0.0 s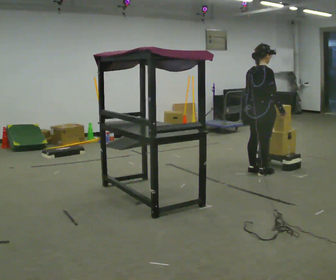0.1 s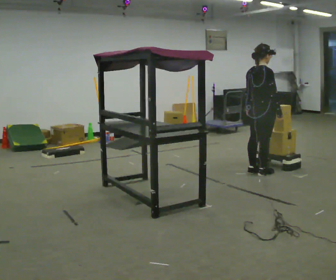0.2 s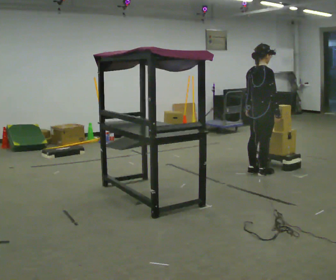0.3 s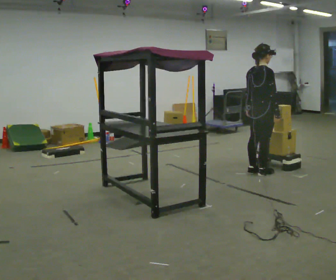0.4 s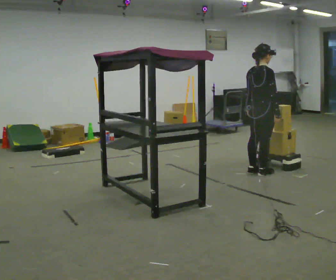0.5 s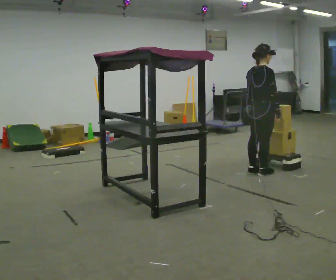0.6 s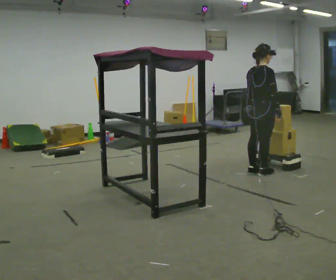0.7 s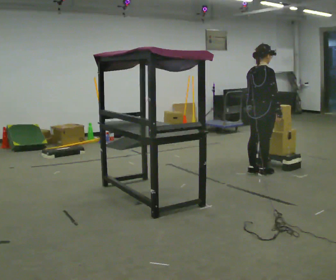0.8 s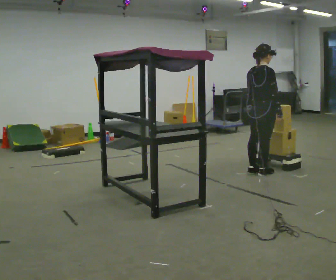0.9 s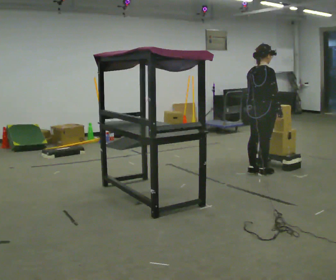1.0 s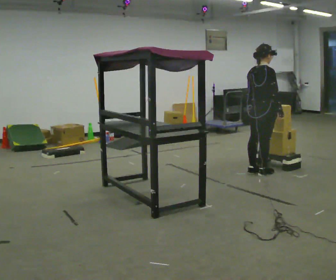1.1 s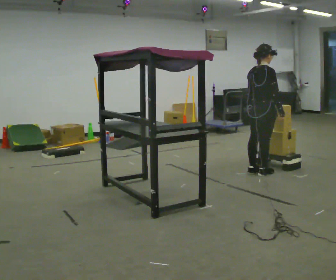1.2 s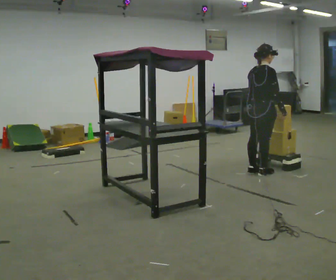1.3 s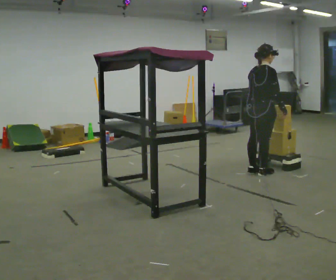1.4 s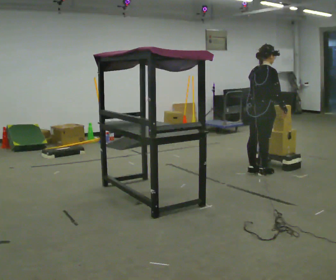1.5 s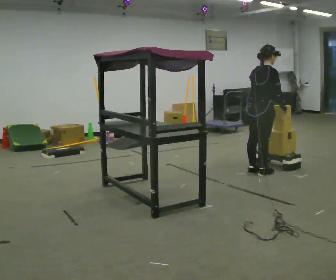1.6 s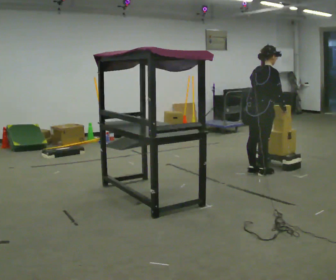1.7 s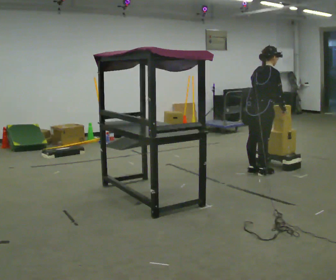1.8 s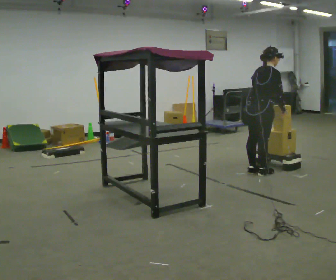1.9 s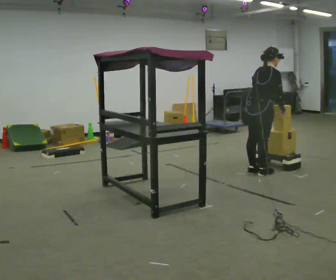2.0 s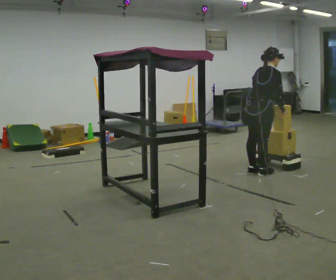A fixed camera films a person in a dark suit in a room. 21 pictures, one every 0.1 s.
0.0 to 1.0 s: The person moves a little, or ends about where they began.
1.0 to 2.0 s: In the picture the upper body tilts clockwise, shoulders to the right, as they bend forward.
The film runs forward here.
